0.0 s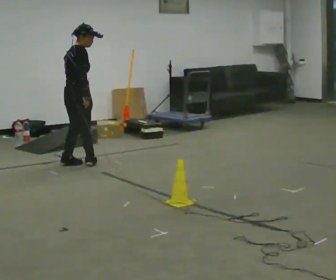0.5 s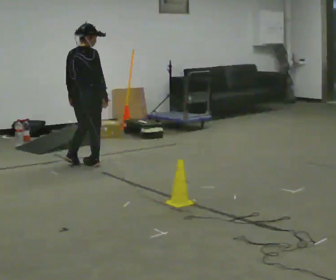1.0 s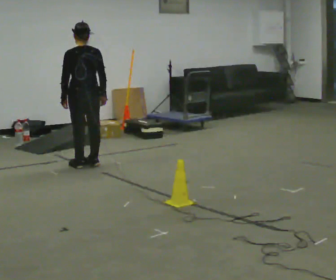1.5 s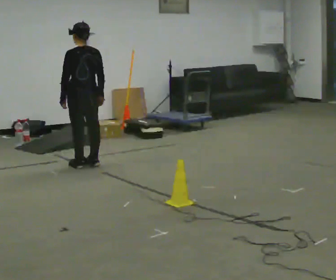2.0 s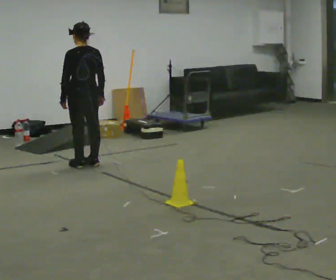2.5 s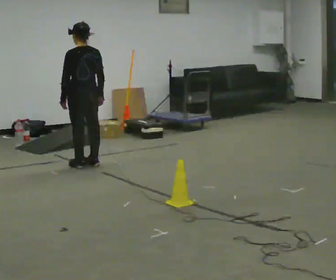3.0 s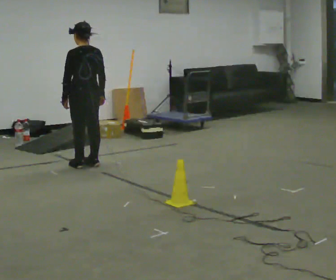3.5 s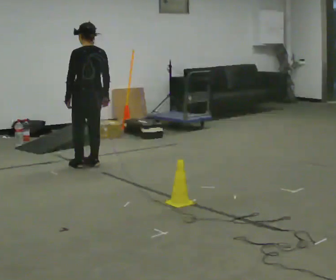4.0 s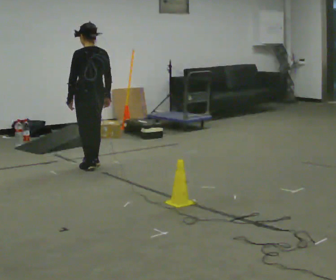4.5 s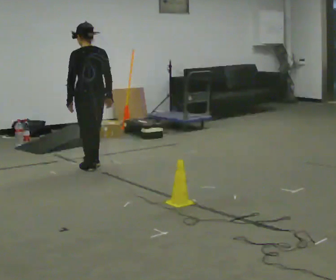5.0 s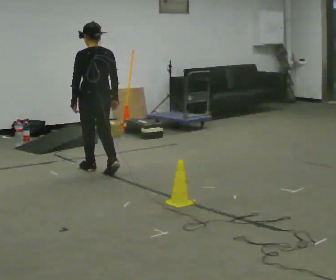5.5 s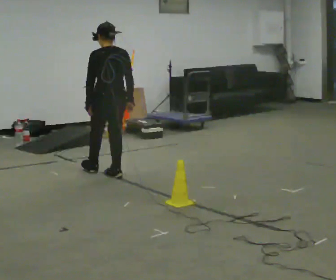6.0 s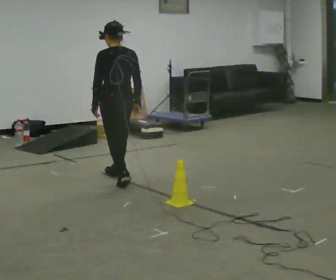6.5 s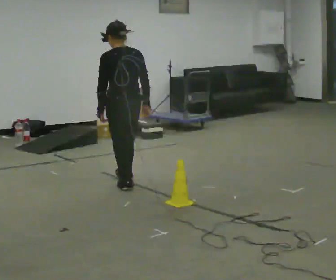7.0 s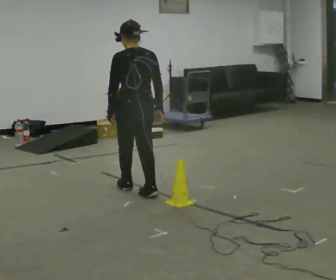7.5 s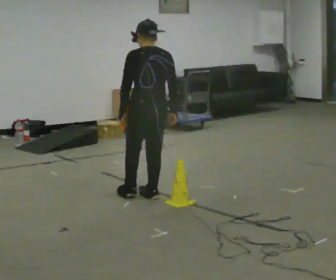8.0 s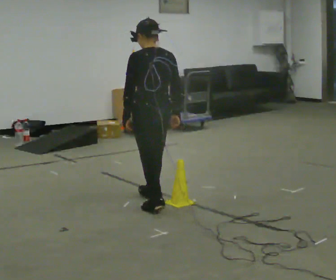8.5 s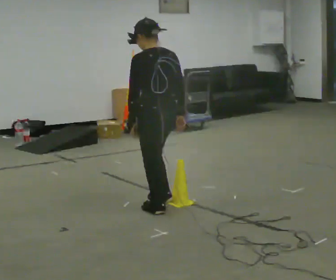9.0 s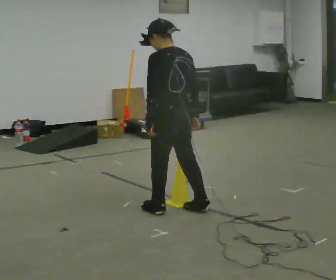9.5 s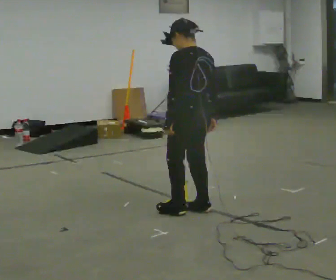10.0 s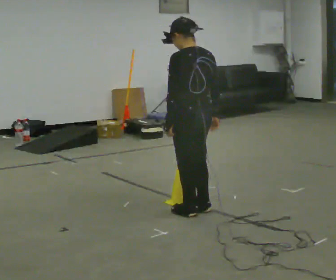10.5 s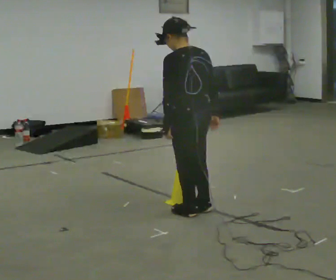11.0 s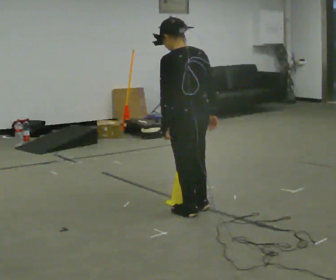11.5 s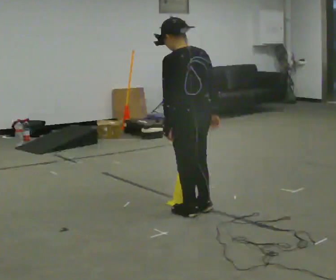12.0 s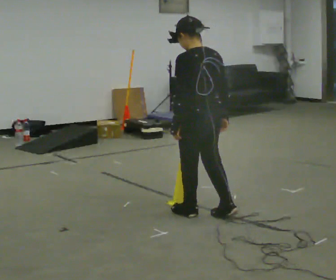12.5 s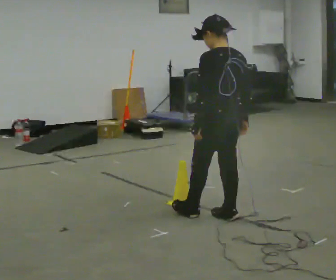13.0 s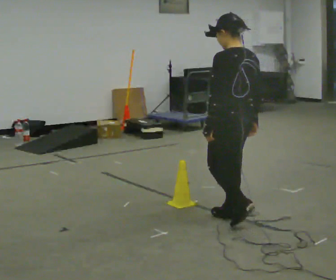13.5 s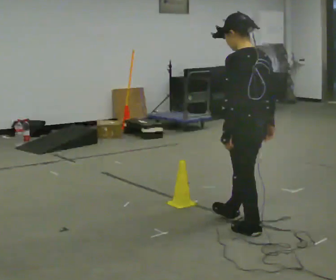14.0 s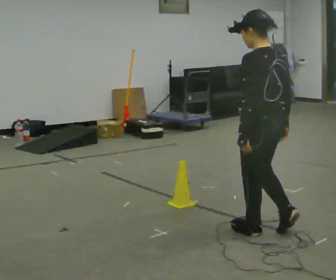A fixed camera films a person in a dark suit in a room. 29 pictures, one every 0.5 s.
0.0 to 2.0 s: The part of the body nearest the lens slides to the right as the person turns to their left by about 90 degrees. The upper body tips toward the camera, its near side rolling downward.
2.0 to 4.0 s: The person moves a little, or ends about where they began.
4.0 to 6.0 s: In the picture they go toward the camera and to the right, about 0.5 m in 2 steps, which for them is backward.
6.0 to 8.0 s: In the picture they go toward the camera and to the right, about 1 m in 2 steps, which for them is backward.
8.0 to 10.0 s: In the picture they go to the right and toward the camera, about 0.5 m in 2 steps, which for them is backward.
10.0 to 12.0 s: The person moves a little, or ends about where they began.
12.0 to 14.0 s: In the picture they go toward the camera and to the right, about 0.5 m in 2 steps, which for them is backward.
The film runs backward here.
